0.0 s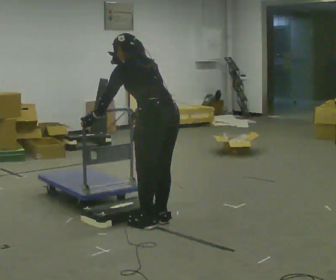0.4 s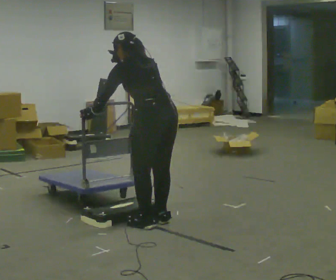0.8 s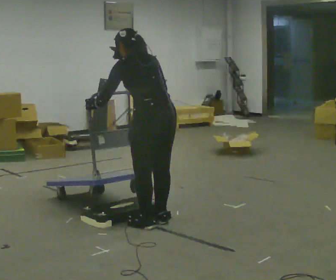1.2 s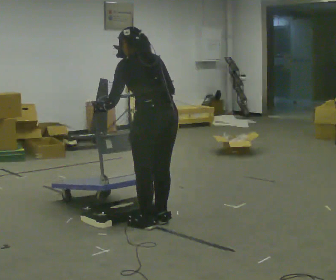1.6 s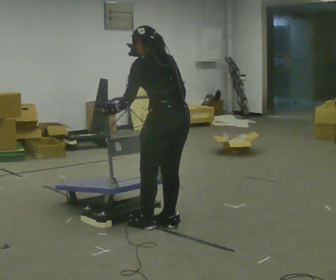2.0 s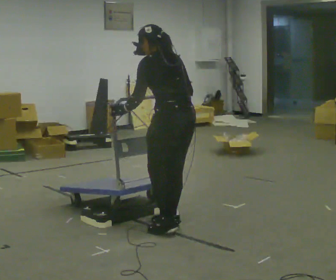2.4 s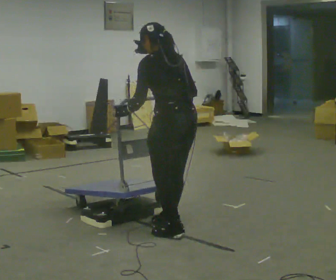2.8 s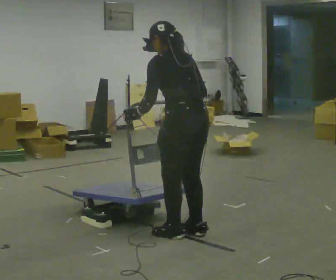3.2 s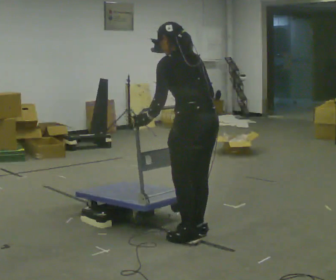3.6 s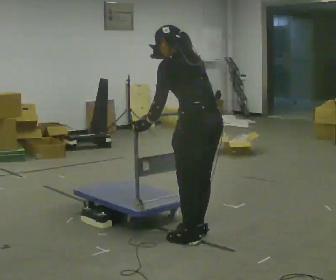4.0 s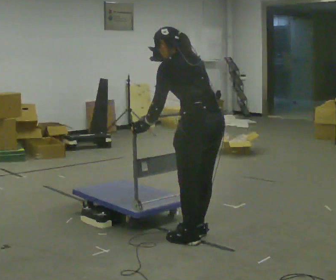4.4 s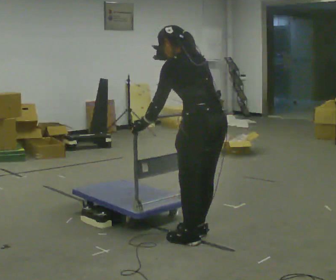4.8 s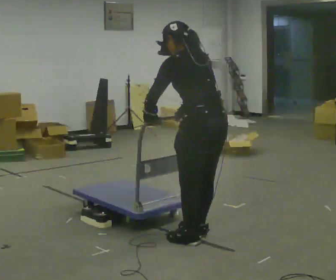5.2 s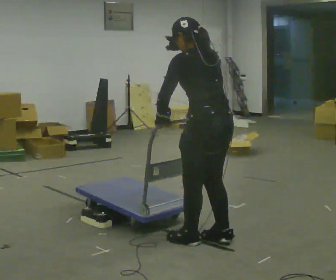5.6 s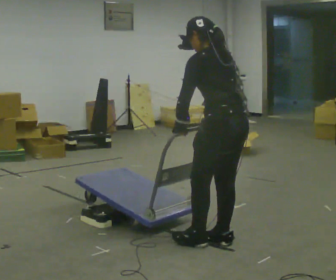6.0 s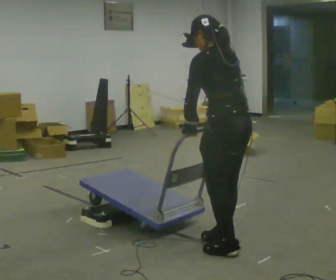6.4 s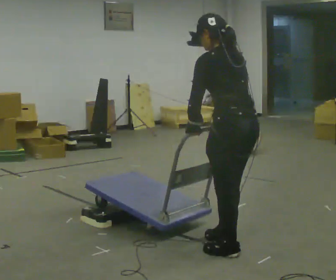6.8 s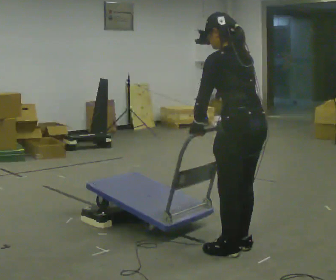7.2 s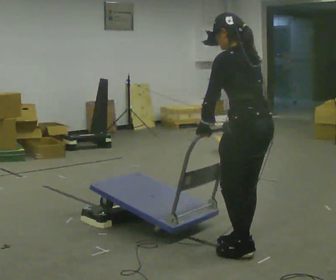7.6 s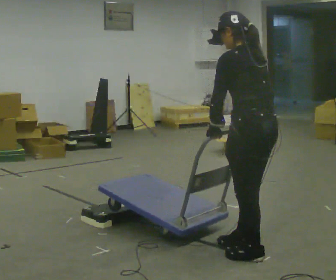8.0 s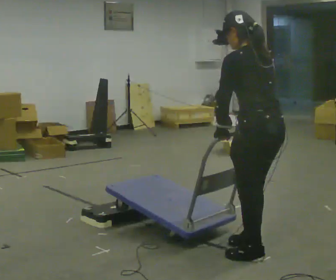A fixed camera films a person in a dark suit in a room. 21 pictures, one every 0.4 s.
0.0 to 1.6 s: In the picture the upper body tilts clockwise, shoulders to the right, as they lean back or straighten.
1.6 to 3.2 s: In the picture they go toward the camera and to the right, about 0.25 m in 3 steps, which for them is backward.
3.2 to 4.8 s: In the picture they go toward the camera, about 0.25 m, which for them is backward.
4.8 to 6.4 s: In the picture they go to the right and toward the camera, about 0.25 m in 2 steps, which for them is backward.
6.4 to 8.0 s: The person moves a little, or ends about where they began.
The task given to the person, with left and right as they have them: Push the cart up over the low platform edge and down the other side, then bring it back over.
The film runs forward here.
